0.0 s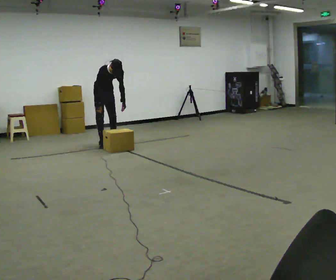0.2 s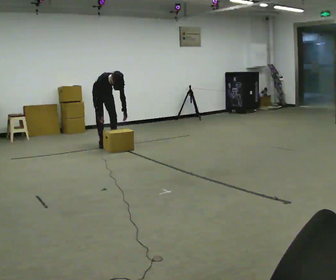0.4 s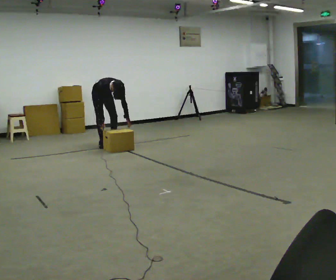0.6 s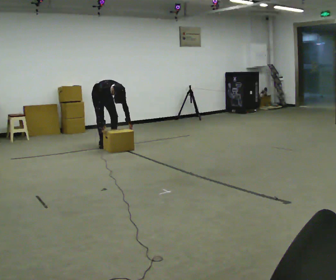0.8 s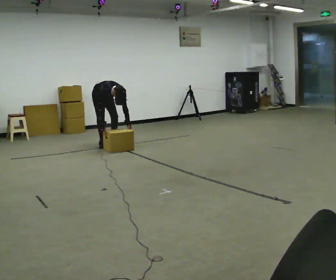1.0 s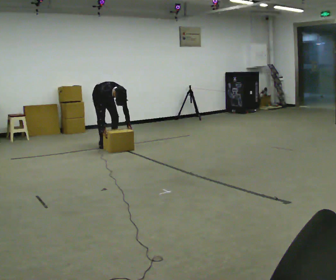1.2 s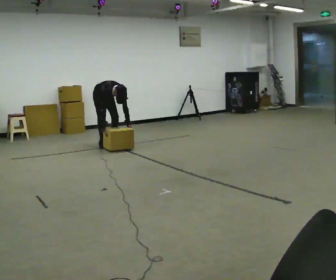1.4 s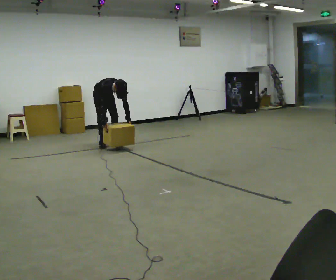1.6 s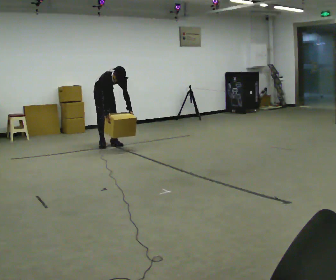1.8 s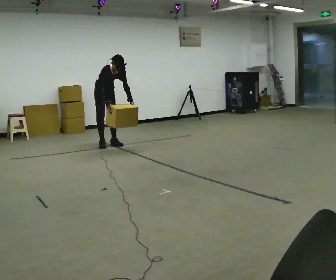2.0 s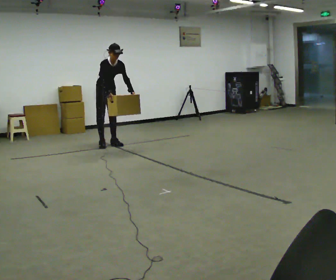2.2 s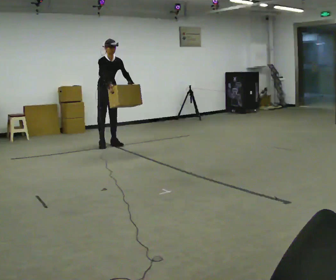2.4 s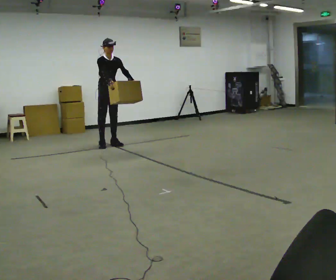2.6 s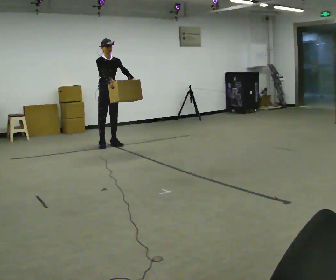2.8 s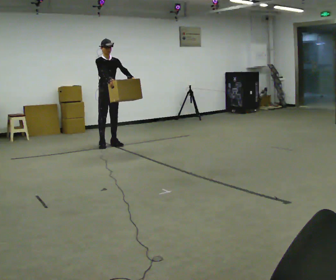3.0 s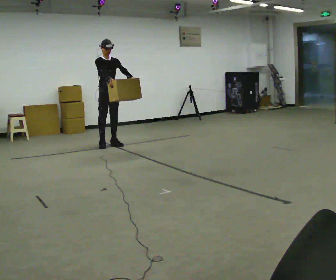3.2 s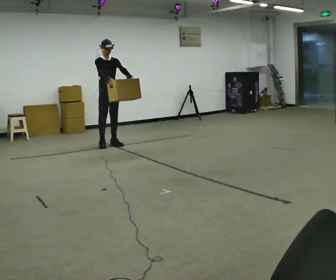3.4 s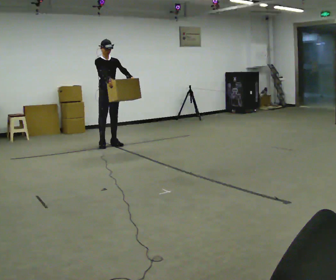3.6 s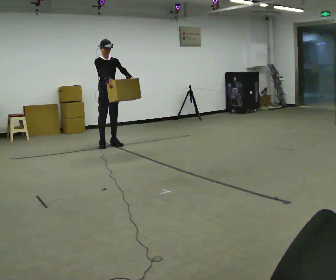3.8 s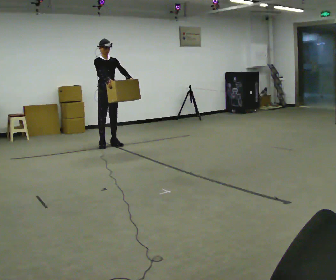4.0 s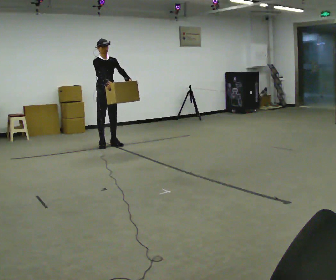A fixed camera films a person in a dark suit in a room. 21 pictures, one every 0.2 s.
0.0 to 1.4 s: The person moves a little, or ends about where they began.
1.4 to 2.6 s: The upper body goes upward. The upper body tips away from the camera, its near side rolling upward, as they lean back or straighten. In the picture their right hand goes upward.
2.6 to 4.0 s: The person moves a little, or ends about where they began.
The film runs forward here.
